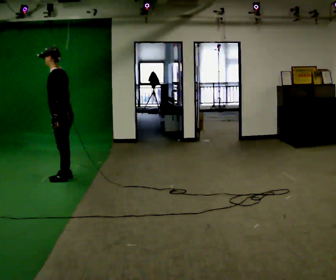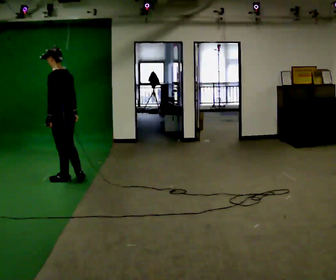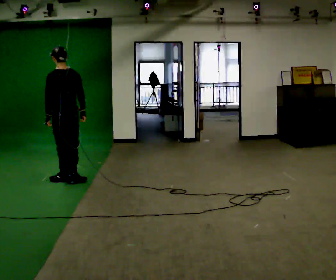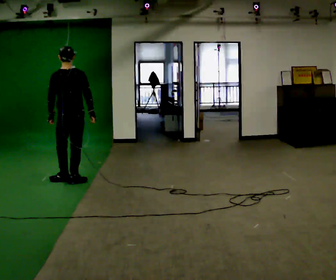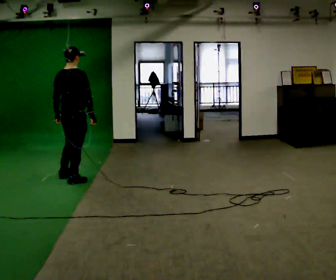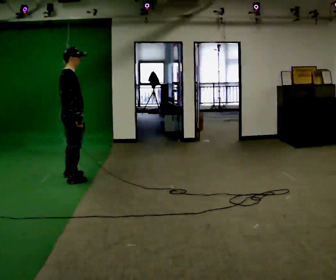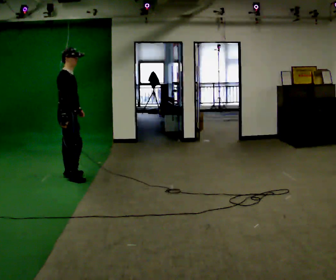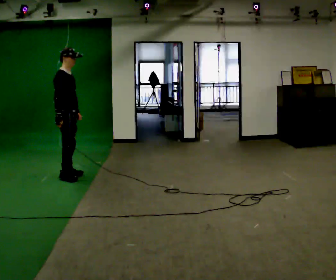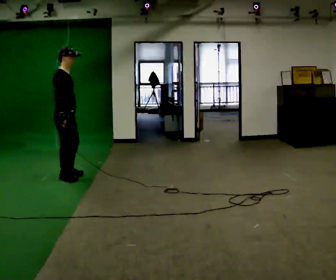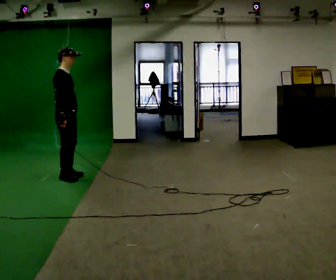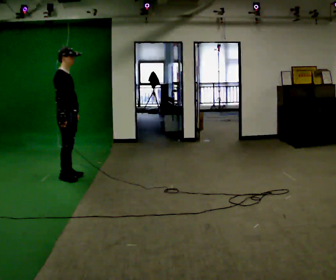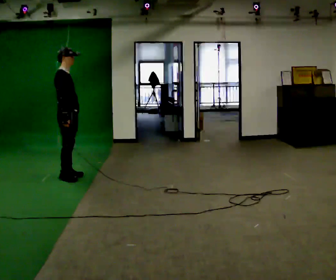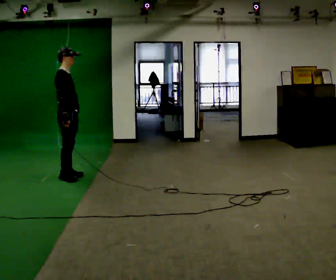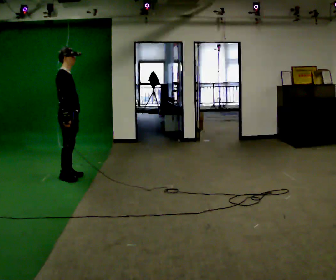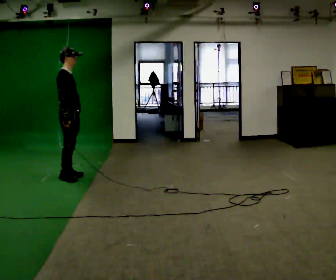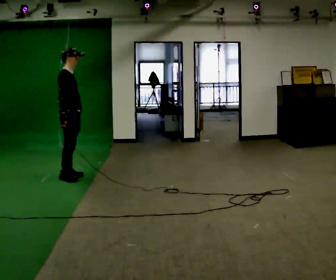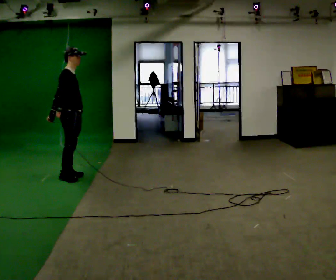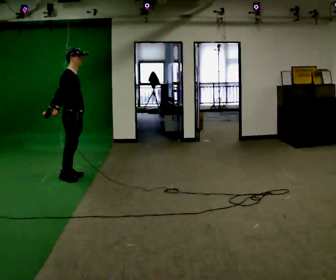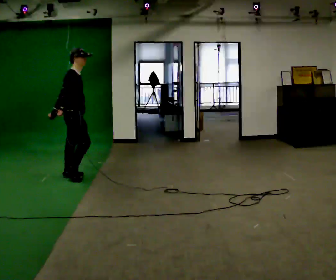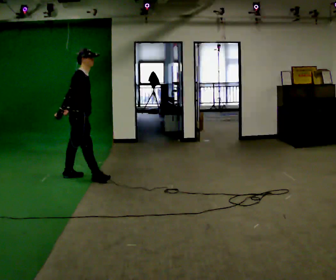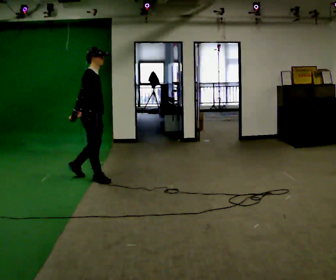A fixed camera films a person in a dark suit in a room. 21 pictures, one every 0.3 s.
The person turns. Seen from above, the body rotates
clockwise.
The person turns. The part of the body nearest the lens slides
to the left.
0.0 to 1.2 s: The person turns about 105 degrees to their right, clockwise seen from above, so the part of the body nearest the lens slides to the left. In the picture their right hand goes to the right.
1.2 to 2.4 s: The person turns about 60 degrees to their right, clockwise seen from above, so the part of the body nearest the lens slides to the left. In the picture their right hand goes to the left.
2.4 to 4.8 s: The person moves a little, or ends about where they began.
4.8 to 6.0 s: In the picture they go to the right, about 0.25 m in 1 step, which for them is forward.
The film runs forward here.
